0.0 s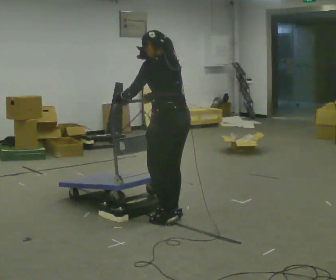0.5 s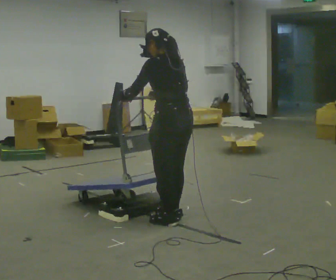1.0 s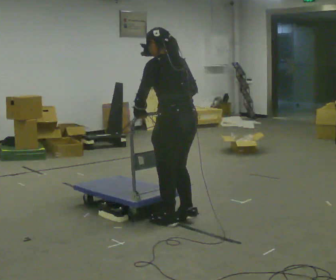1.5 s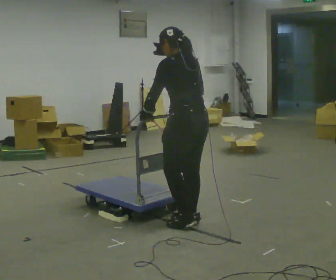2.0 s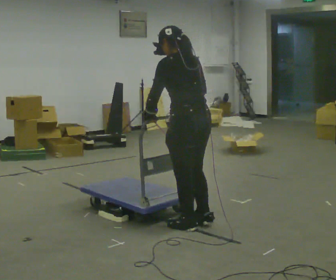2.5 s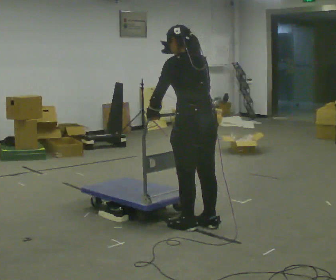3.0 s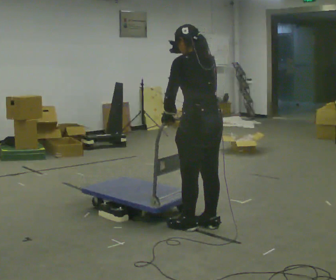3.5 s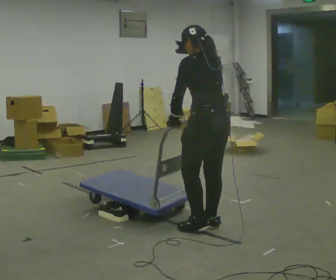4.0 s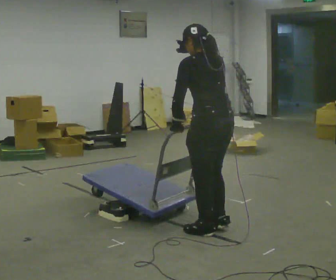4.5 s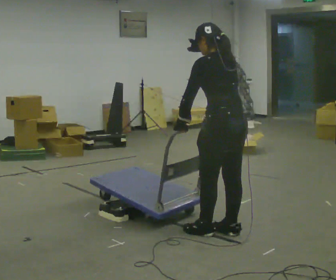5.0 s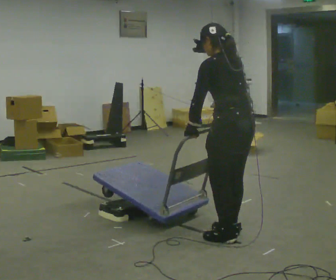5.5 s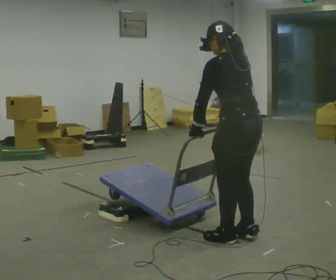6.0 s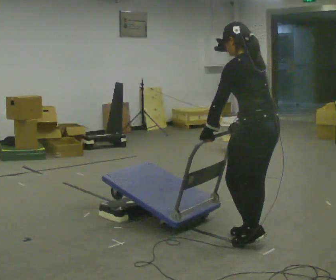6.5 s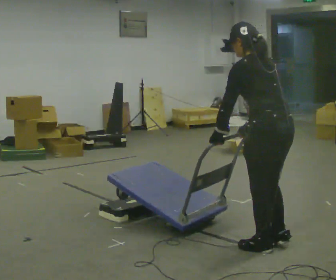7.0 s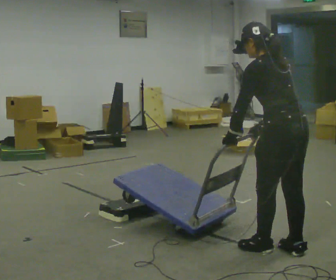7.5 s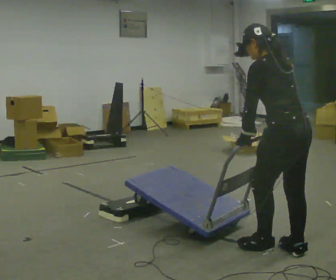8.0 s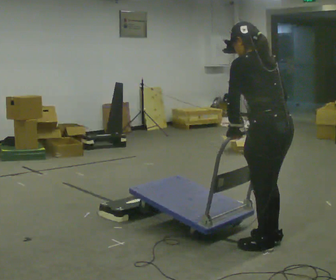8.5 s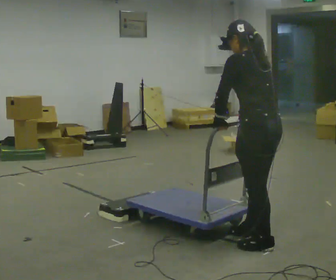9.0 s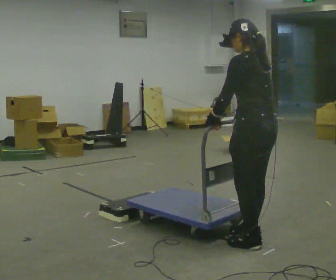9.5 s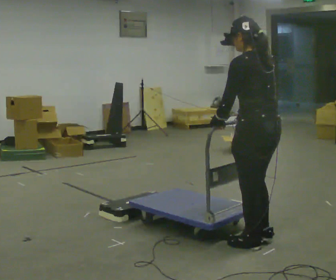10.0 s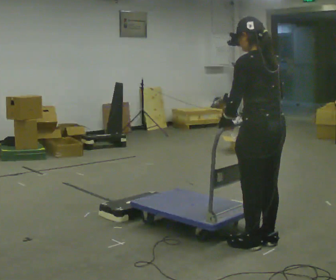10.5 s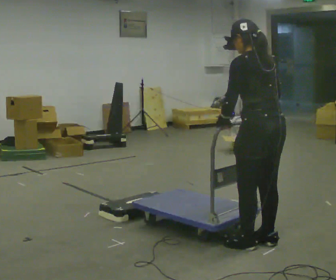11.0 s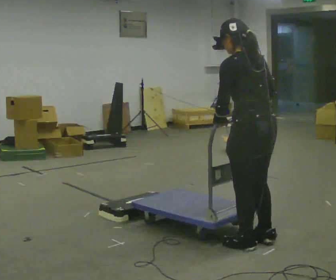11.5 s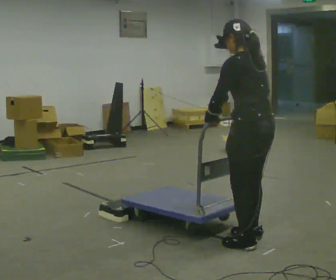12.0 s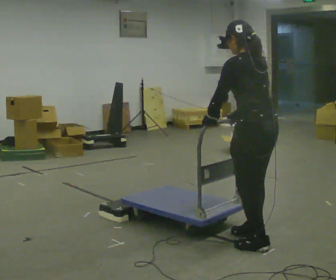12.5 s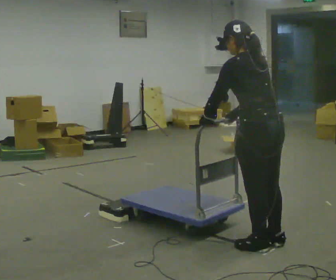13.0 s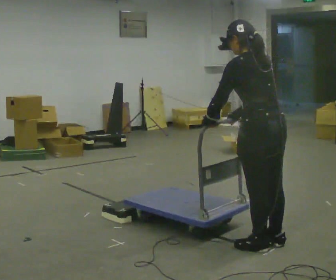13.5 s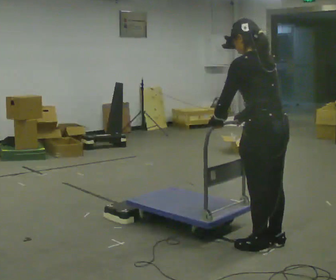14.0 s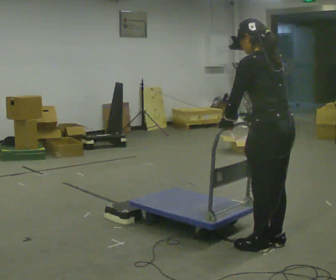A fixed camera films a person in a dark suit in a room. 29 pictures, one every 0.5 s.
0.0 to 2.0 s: In the picture they go toward the camera and to the right, about 0.25 m in 3 steps, which for them is backward.
2.0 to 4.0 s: In the picture they go to the right, about 0.25 m in 2 steps, which for them is backward.
4.0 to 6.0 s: In the picture they go to the right and toward the camera, about 0.25 m in 3 steps, which for them is backward.
6.0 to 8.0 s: In the picture they go toward the camera, about 0.25 m in 2 steps, which for them is backward.
8.0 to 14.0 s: The person moves a little, or ends about where they began.
The film runs backward here.
